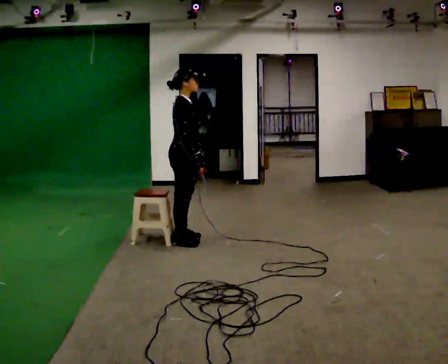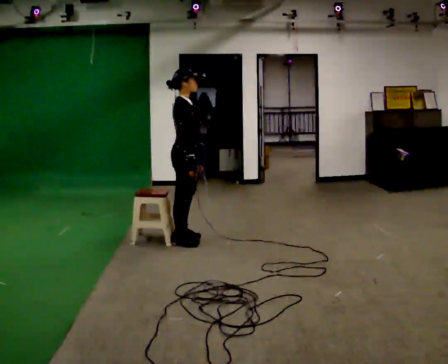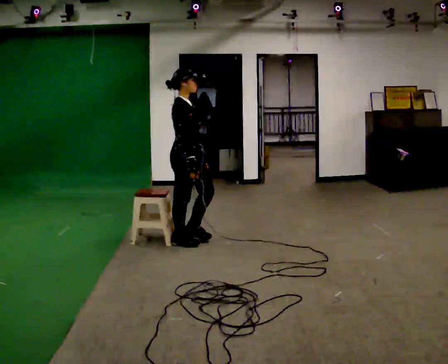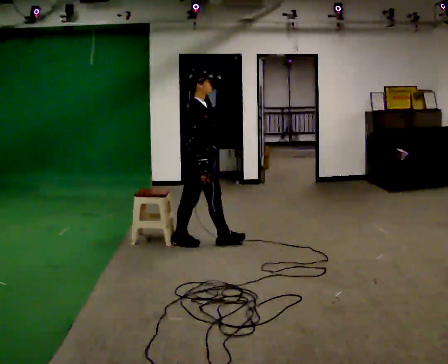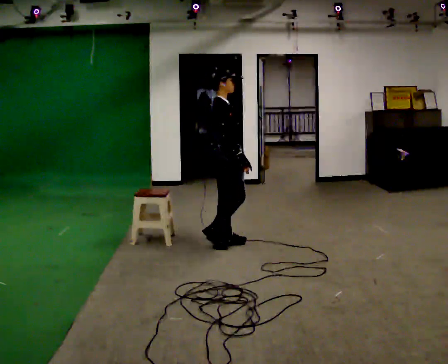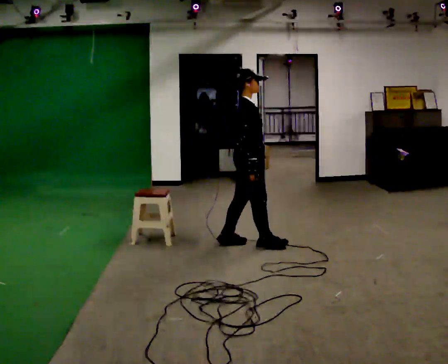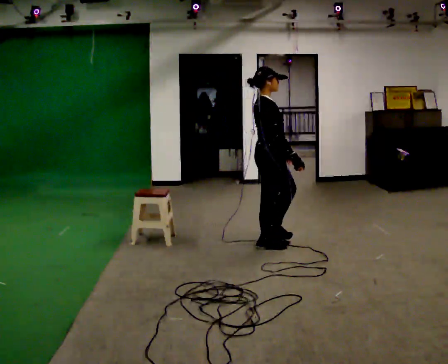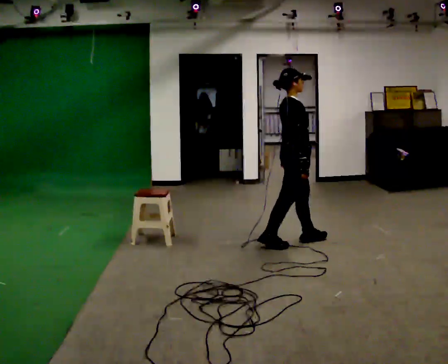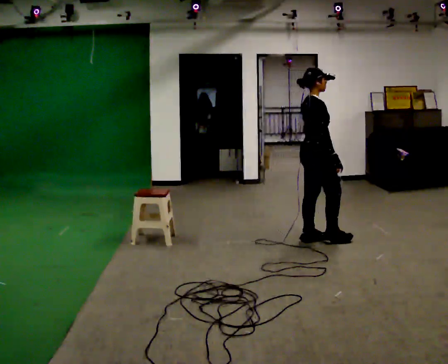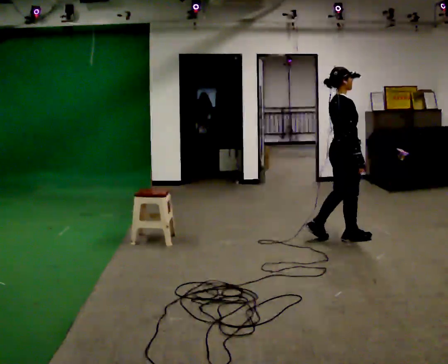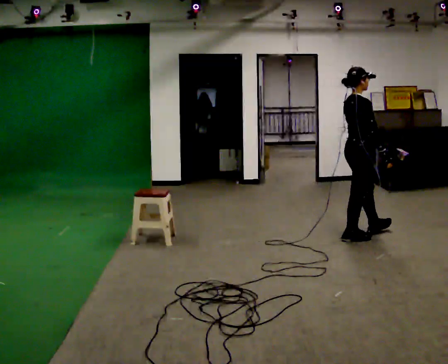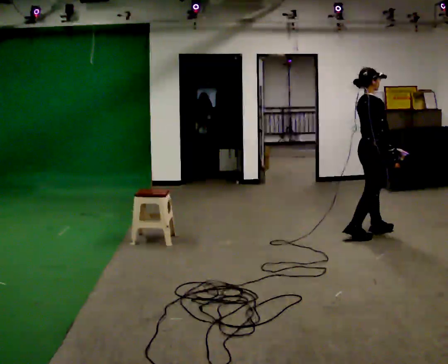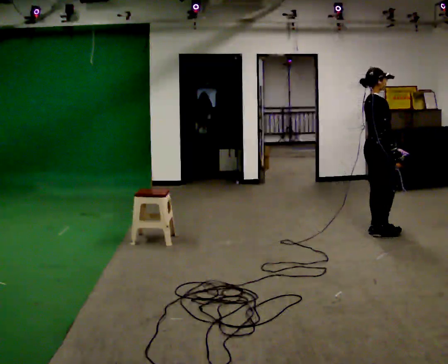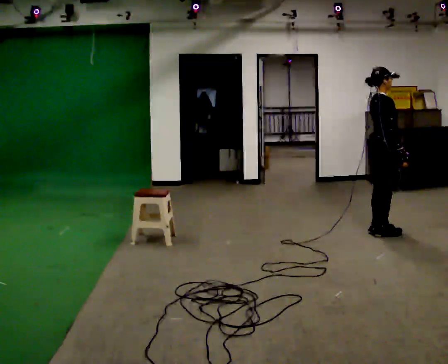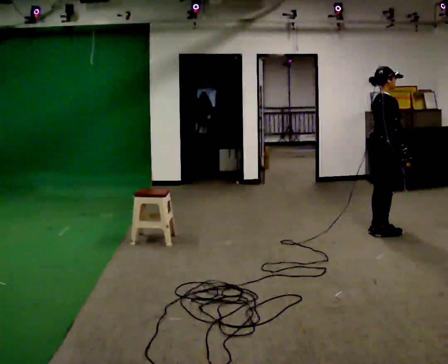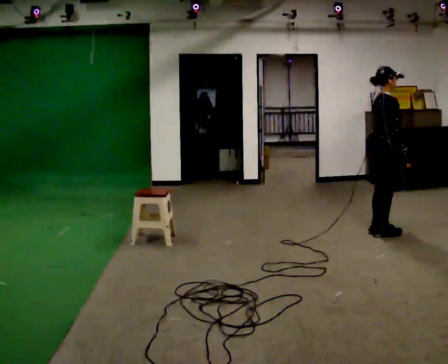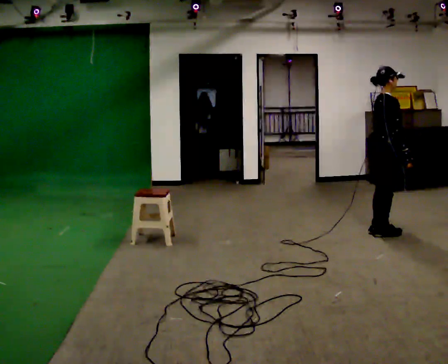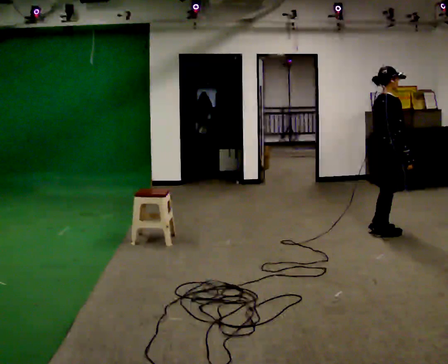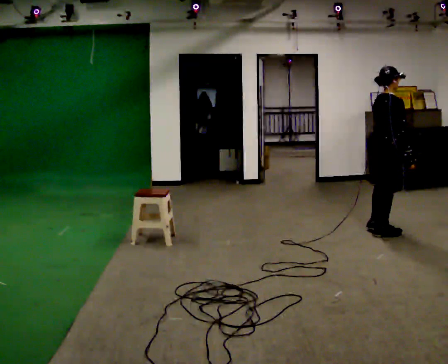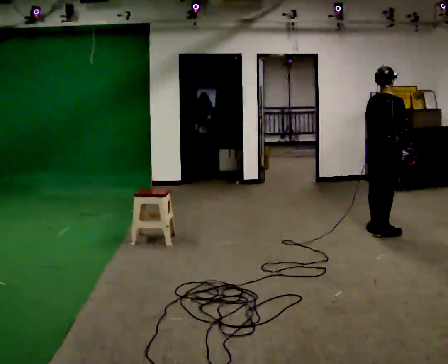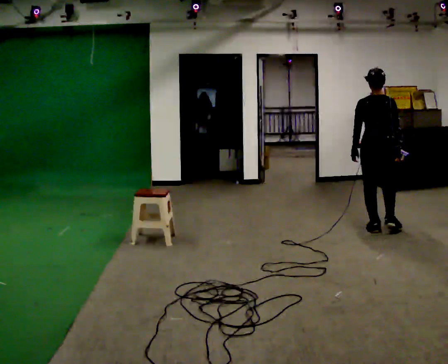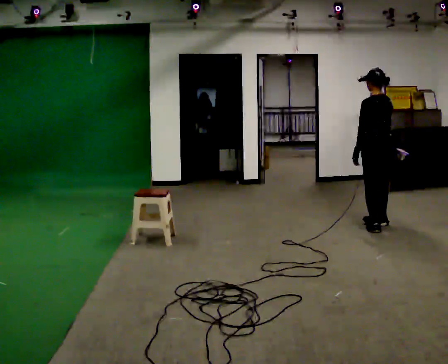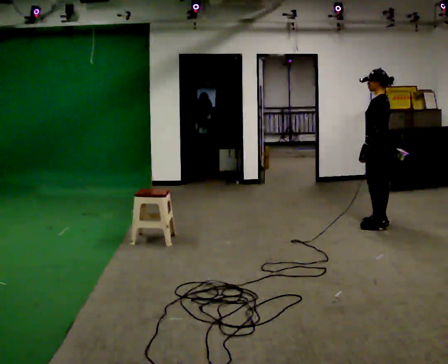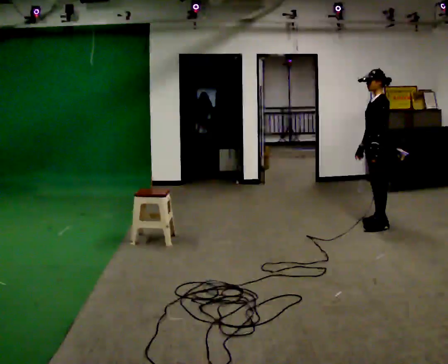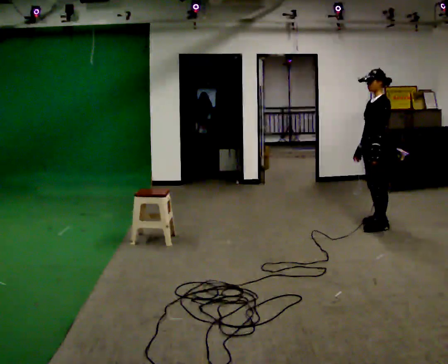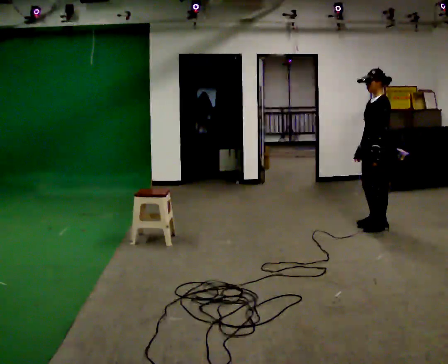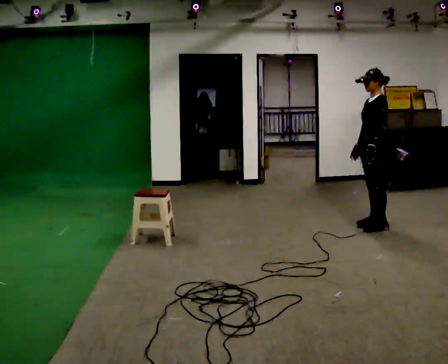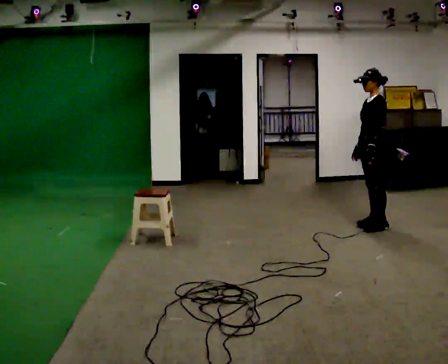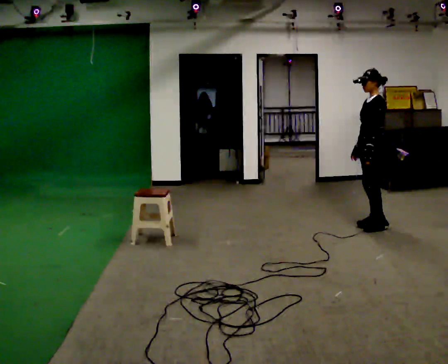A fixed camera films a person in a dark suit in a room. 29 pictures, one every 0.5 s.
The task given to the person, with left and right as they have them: Walk to chair; sit ~2 s; stand; walk away.
0.0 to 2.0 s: In the picture they go to the right, about 0.25 m in 1 step, which for them is forward.
2.0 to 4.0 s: In the picture they go to the right, about 1 m in 2 steps, which for them is forward.
4.0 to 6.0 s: In the picture they go to the right and away from the camera, about 0.5 m in 3 steps, which for them is forward.
6.0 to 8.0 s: The person moves a little, or ends about where they began.
8.0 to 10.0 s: The person turns about 75 degrees to their left, counterclockwise seen from above, so the part of the body nearest the lens slides to the right. In the picture they go away from the camera, about 0.25 m.
10.0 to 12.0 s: The person turns about 105 degrees to their left, counterclockwise seen from above, so the part of the body nearest the lens slides to the right.
12.0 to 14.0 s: The person moves a little, or ends about where they began.
The film runs forward here.
